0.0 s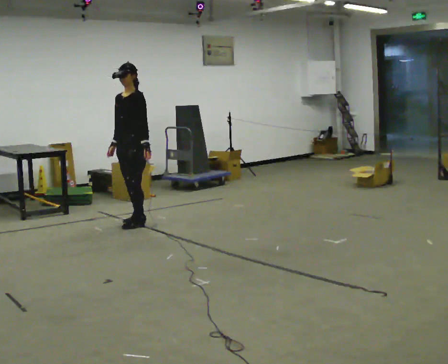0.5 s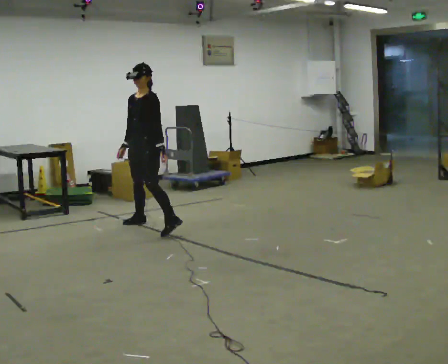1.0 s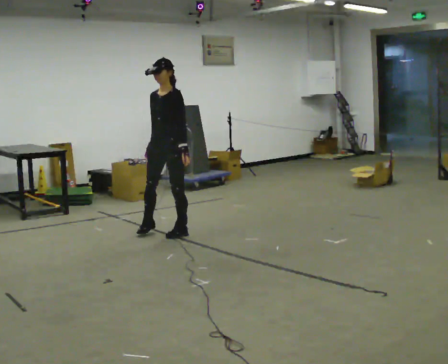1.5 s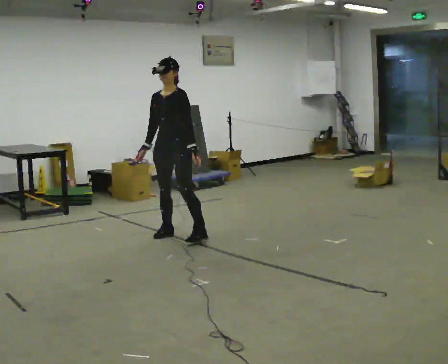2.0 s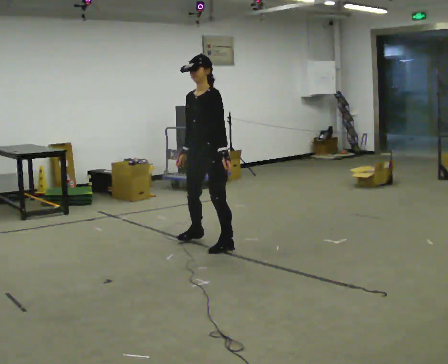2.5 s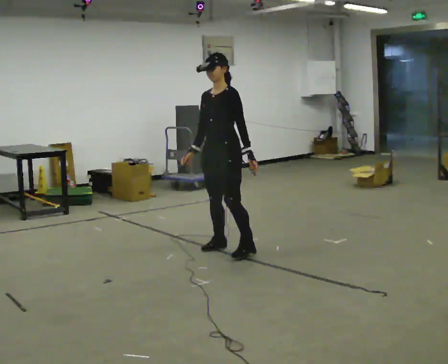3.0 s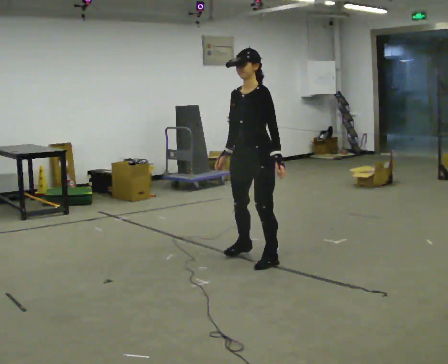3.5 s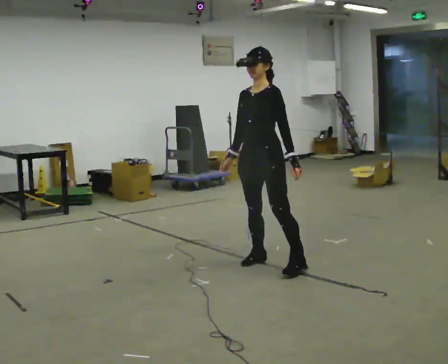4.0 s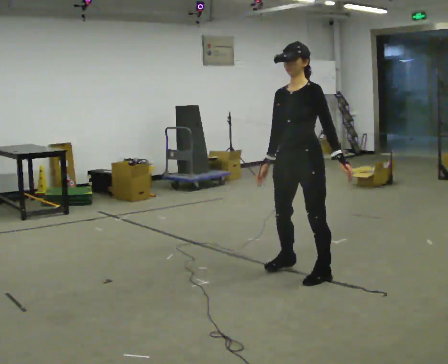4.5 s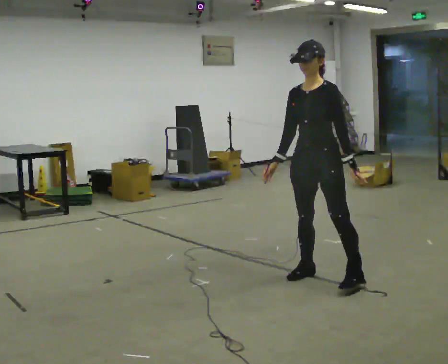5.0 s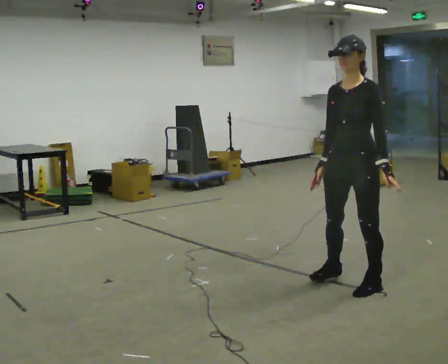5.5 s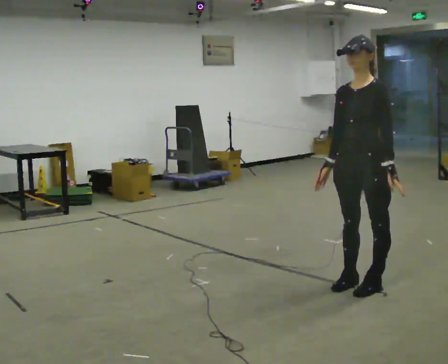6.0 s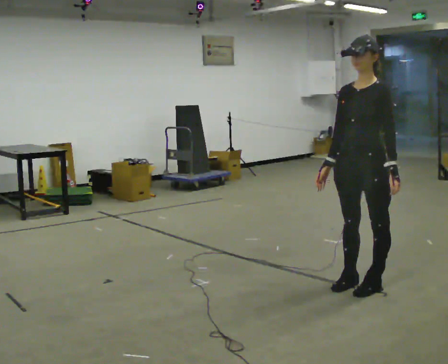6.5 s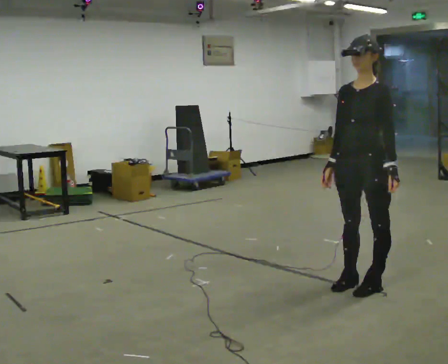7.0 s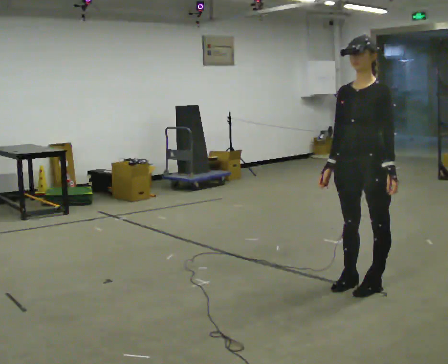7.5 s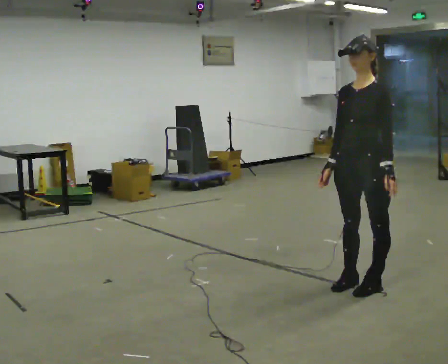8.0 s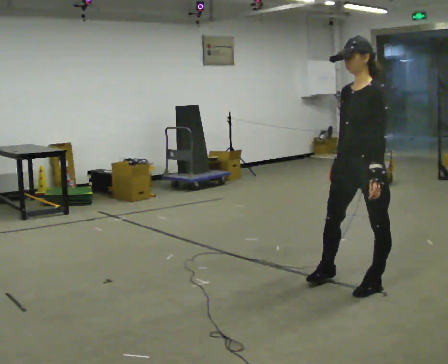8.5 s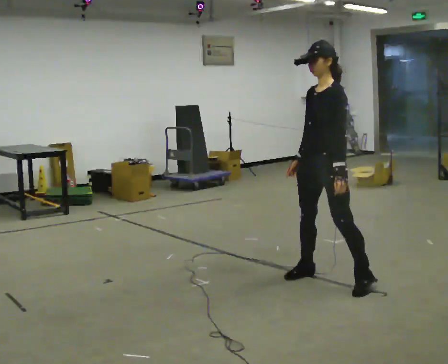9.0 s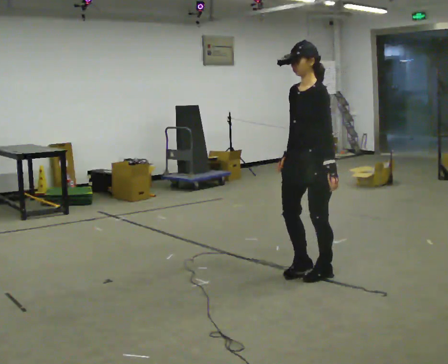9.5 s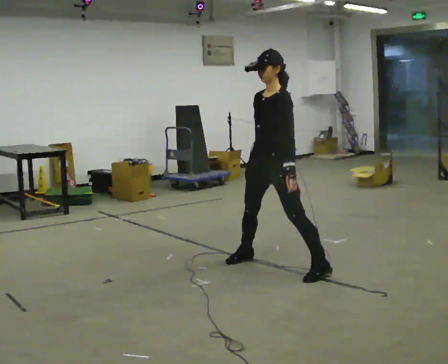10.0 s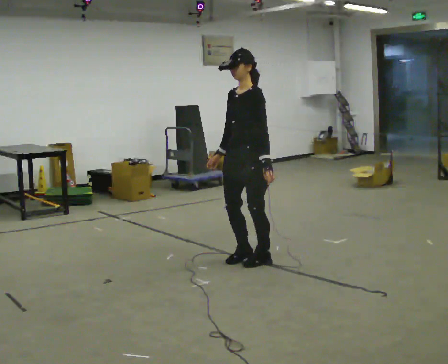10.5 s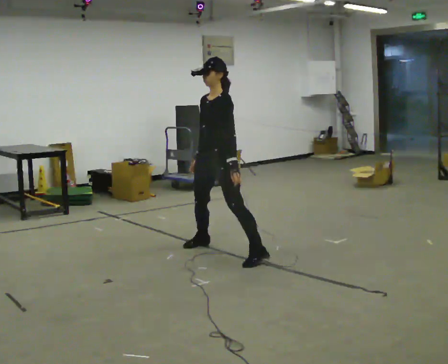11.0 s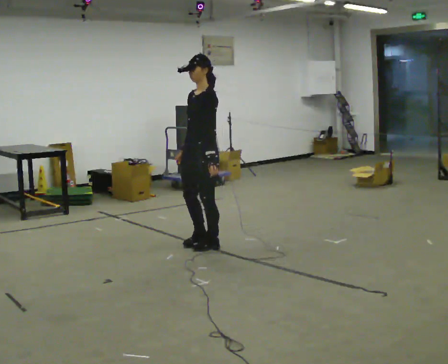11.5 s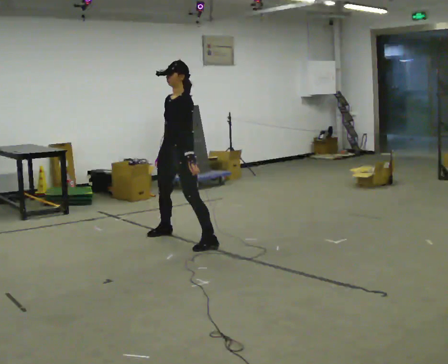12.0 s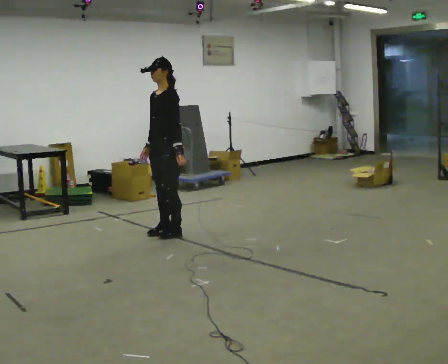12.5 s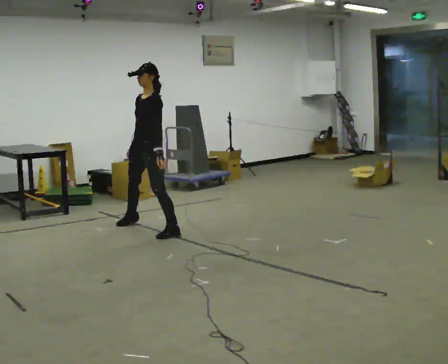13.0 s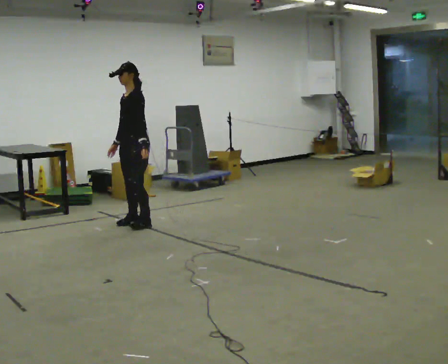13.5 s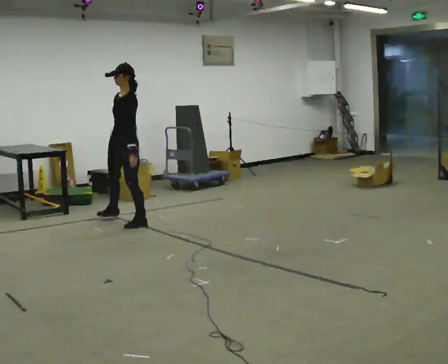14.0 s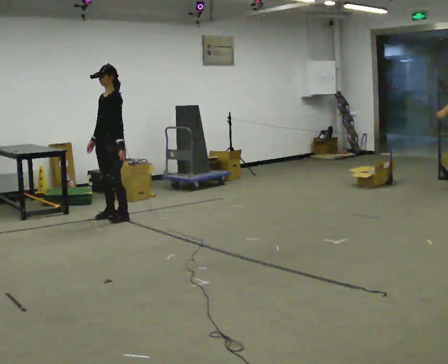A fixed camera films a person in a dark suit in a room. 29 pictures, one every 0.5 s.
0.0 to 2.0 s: In the picture they go to the right and toward the camera, about 1 m in 3 steps, which for them is to their left.
2.0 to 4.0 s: In the picture they go to the right and toward the camera, about 1 m in 4 steps, which for them is to their left.
4.0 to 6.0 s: In the picture they go to the right and toward the camera, about 0.5 m in 3 steps, which for them is to their left.
6.0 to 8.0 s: The person moves a little, or ends about where they began.
8.0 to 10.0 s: In the picture they go to the left and away from the camera, about 1 m in 4 steps, which for them is to their right.
10.0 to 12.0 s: In the picture they go to the left and away from the camera, about 1 m in 4 steps, which for them is to their right.
12.0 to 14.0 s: In the picture they go to the left and away from the camera, about 1 m in 3 steps, which for them is to their right.
The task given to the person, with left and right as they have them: Move laterally left/right for ~3 m; natural controlled steps; stop.
The film runs forward here.
